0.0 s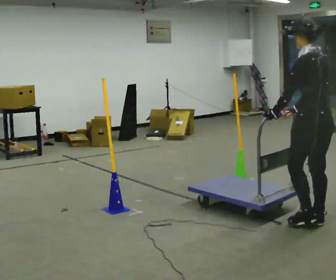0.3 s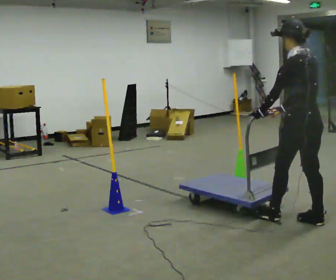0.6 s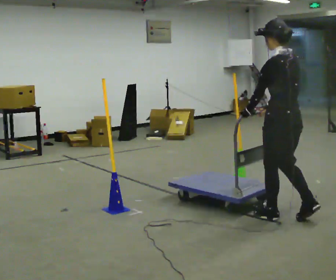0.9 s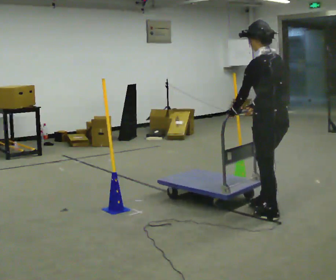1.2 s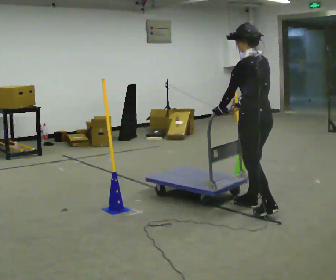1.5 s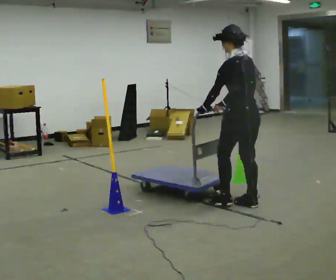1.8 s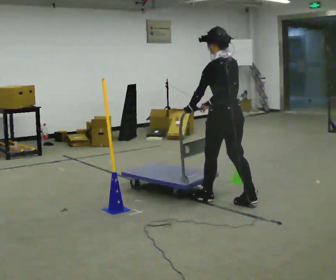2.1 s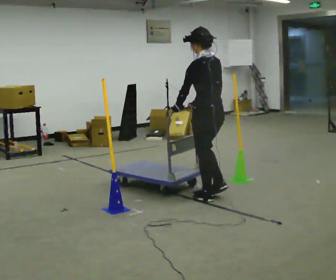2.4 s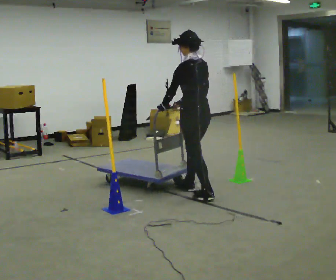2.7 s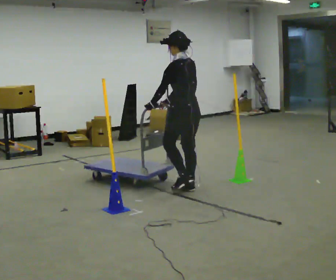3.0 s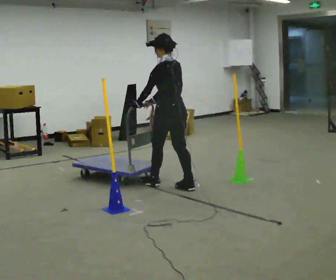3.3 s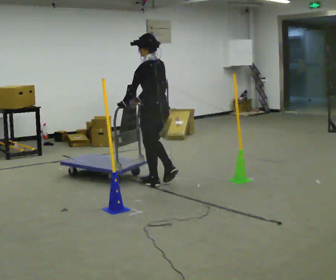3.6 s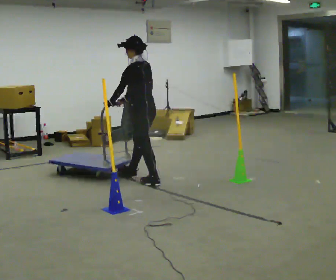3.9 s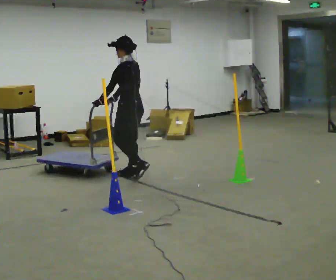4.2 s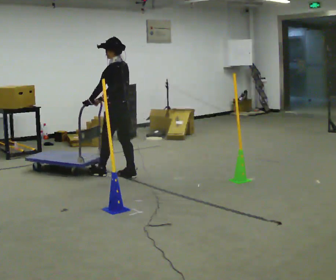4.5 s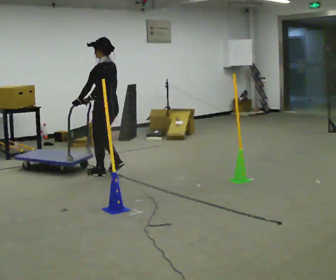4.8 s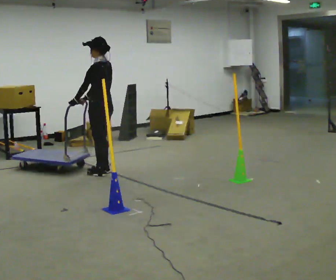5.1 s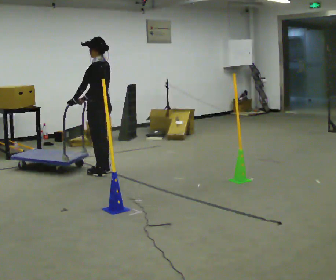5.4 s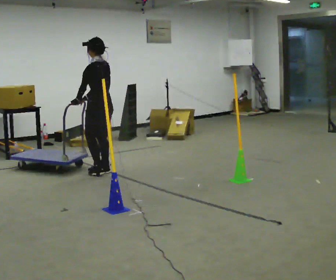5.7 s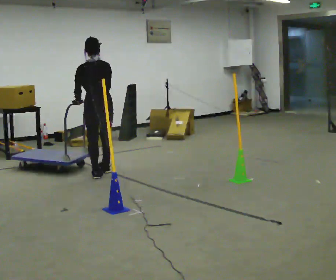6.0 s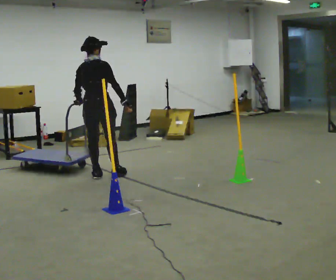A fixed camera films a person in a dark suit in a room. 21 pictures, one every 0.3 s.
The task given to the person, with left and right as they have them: Push the cart through the gap between the poles without touching them, then bring it back through.
0.0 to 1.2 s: In the picture they go away from the camera and to the left, about 0.5 m in 2 steps, which for them is forward.
1.2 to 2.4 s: In the picture they go away from the camera and to the left, about 1 m in 2 steps, which for them is forward.
2.4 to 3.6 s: In the picture they go to the left and away from the camera, about 1 m in 2 steps, which for them is forward.
3.6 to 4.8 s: In the picture they go to the left and away from the camera, about 0.5 m in 2 steps, which for them is forward.
4.8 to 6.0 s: Seen from above the body turns clockwise, about 90 degrees: to their right, with its near side sliding to the left. In the picture they go toward the camera, about 0.25 m. In the picture their right hand goes to the right, the arm swinging counterclockwise.
The film runs forward here.
